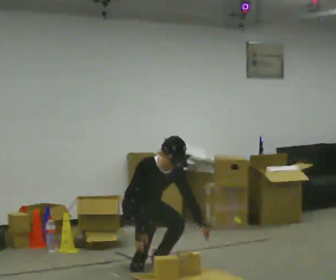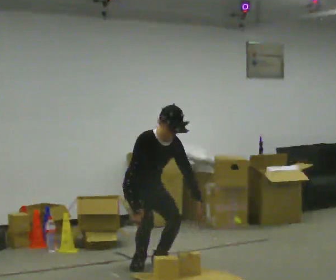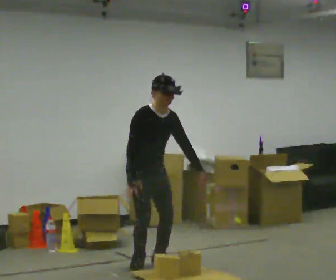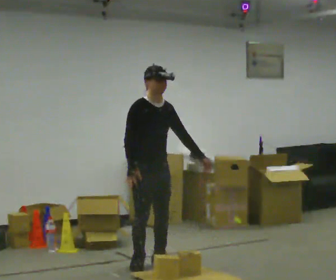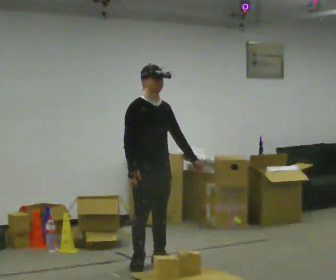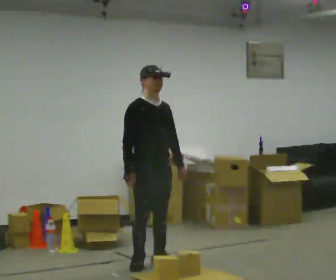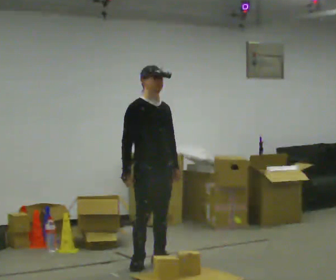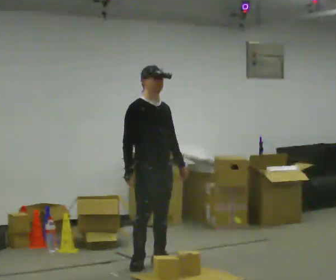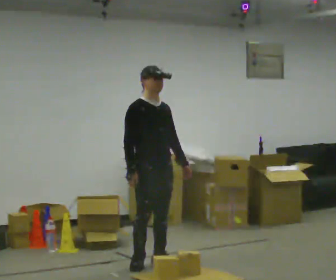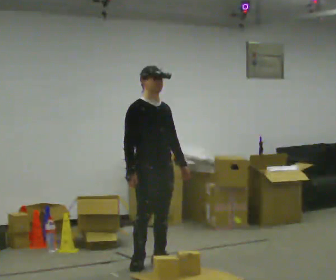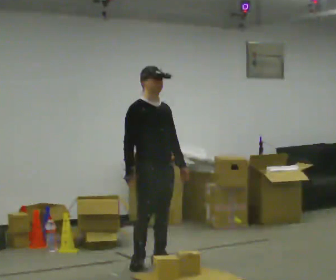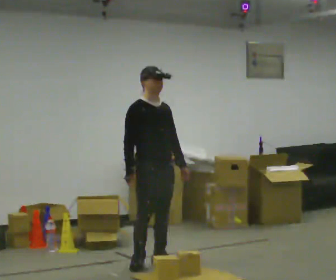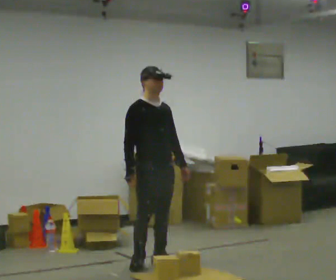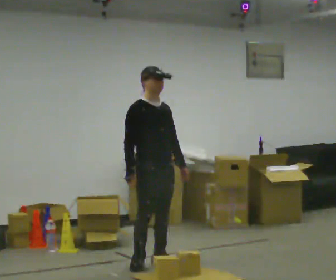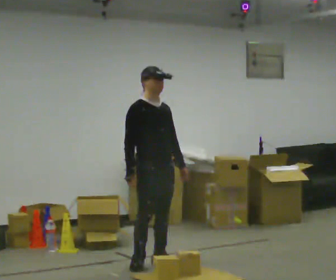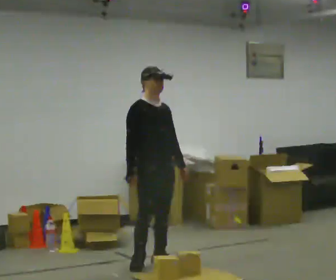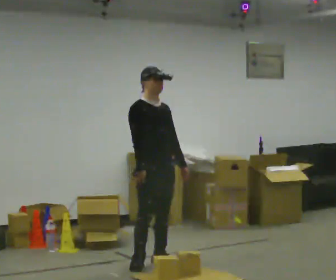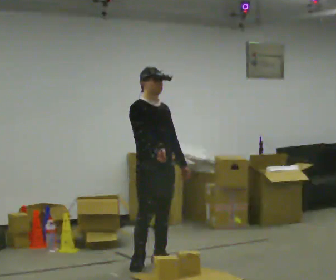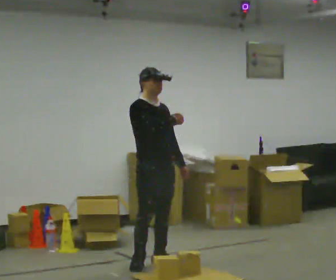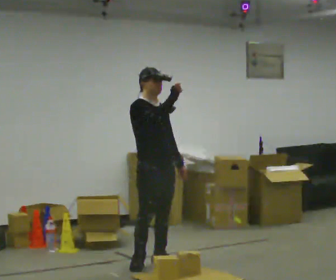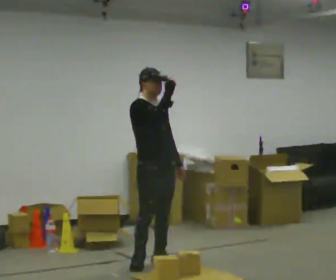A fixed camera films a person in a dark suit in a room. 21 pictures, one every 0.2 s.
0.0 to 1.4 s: The upper body goes upward. The upper body tips away from the camera, its near side rolling upward, as they lean back or straighten. In the picture their left hand goes upward.
1.4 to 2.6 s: The person keeps their place and pose.
2.6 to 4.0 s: In the picture their right hand goes upward and to the right.
The film runs forward here.
